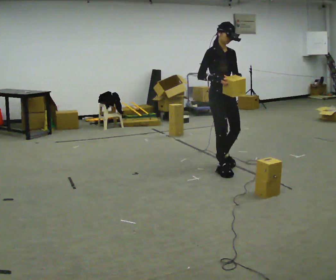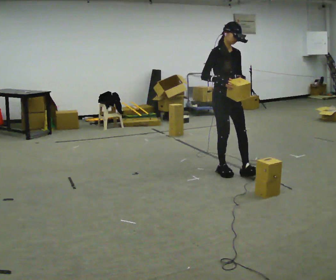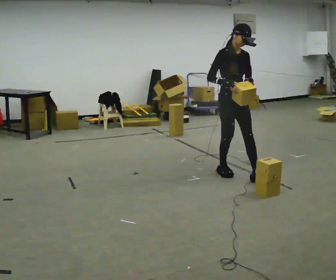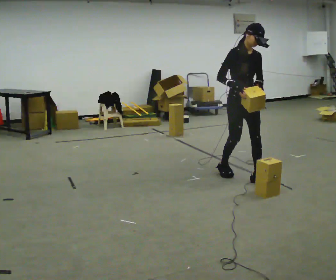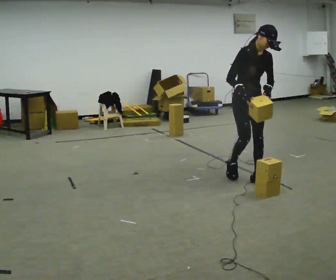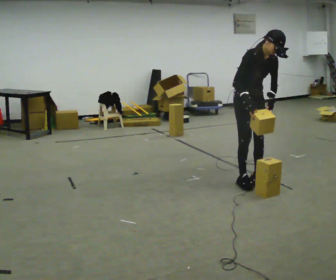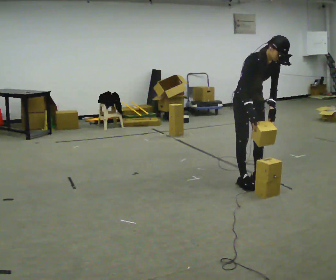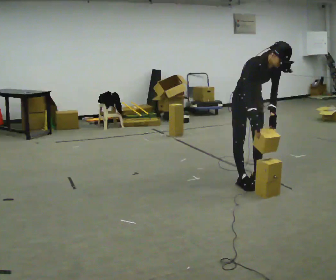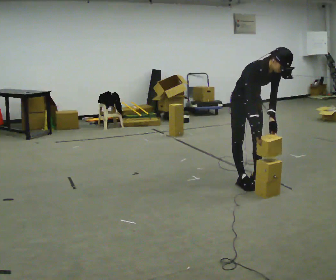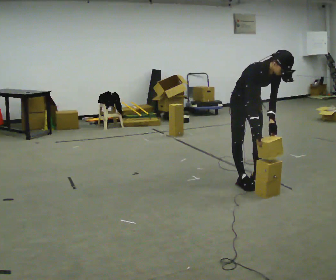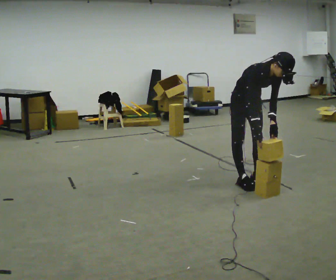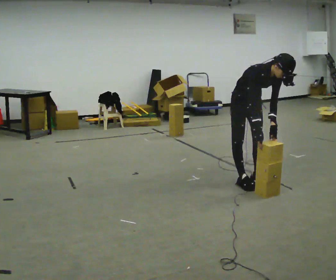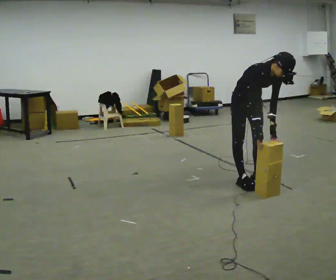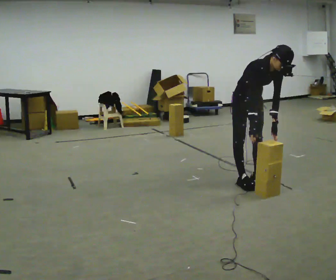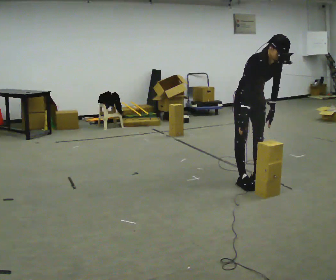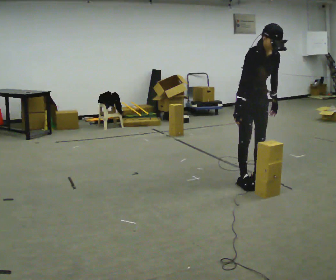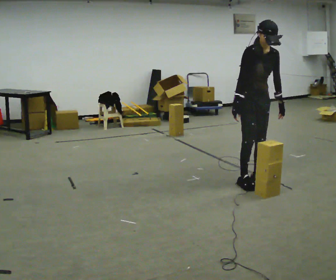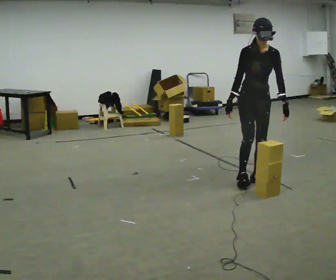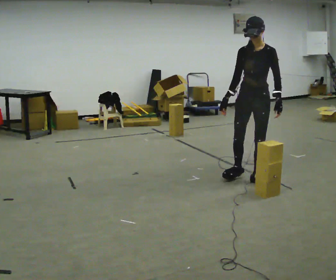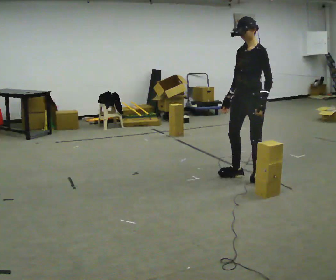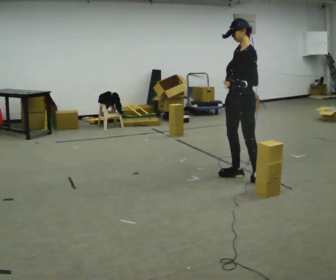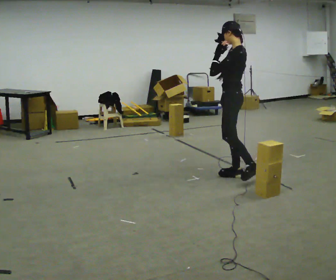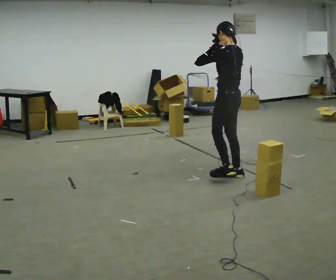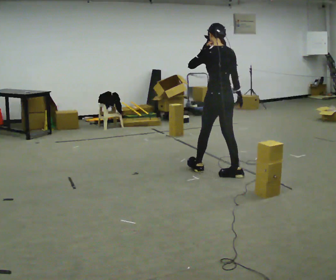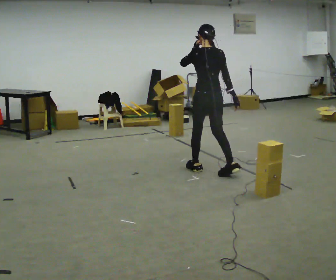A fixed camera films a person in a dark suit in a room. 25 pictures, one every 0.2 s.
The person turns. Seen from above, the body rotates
clockwise.
The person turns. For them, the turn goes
to their right.
0.0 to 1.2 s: In the picture they go to the right and toward the camera, about 0.5 m in 2 steps, which for them is forward and to their left. The upper body tips toward the camera, its near side rolling downward, as they bend forward.
1.2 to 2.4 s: The upper body tips toward the camera, its near side rolling downward, as they bend forward.
2.4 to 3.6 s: The person turns about 45 degrees to their right, clockwise seen from above, so the part of the body nearest the lens slides to the left. The shoulders move upward. The upper body tips away from the camera, its near side rolling upward, as they lean back or straighten.
3.6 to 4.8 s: The part of the body nearest the lens slides to the left as the person turns to their right by about 135 degrees. In the picture they go to the left and away from the camera, about 0.5 m in 2 steps. In the picture their left hand goes upward.
The film runs forward here.
